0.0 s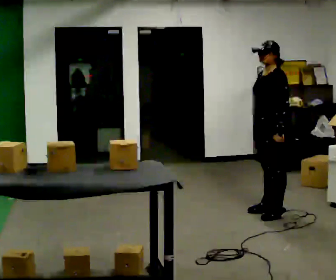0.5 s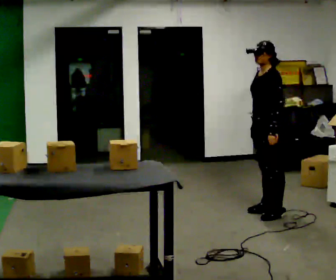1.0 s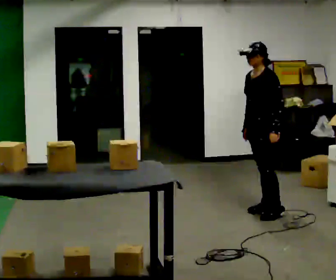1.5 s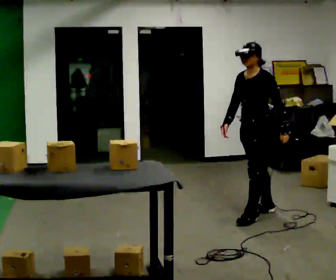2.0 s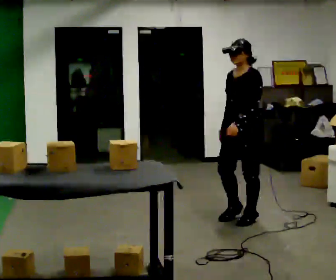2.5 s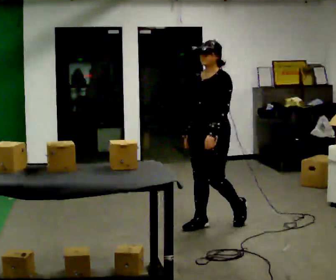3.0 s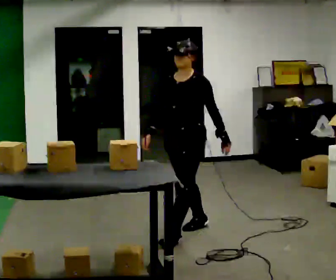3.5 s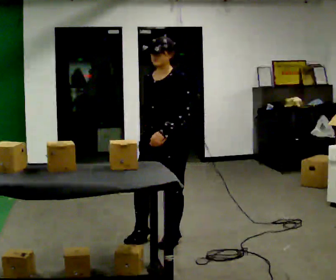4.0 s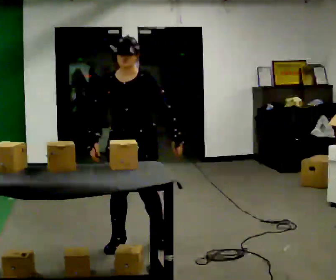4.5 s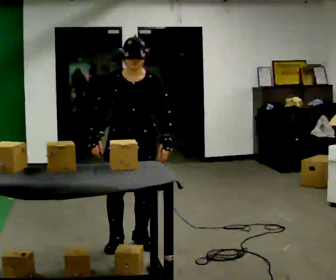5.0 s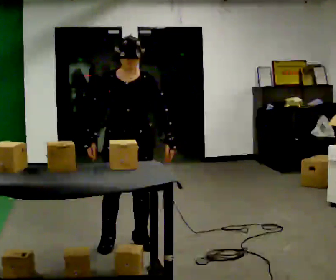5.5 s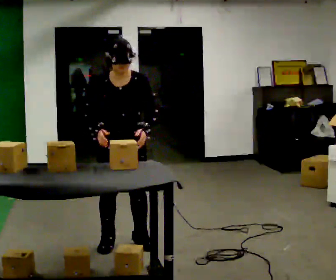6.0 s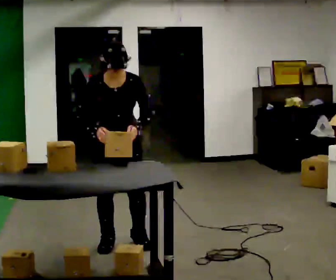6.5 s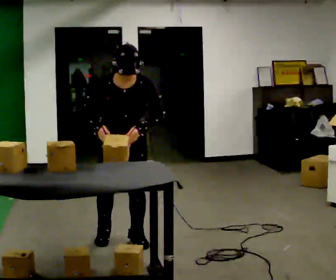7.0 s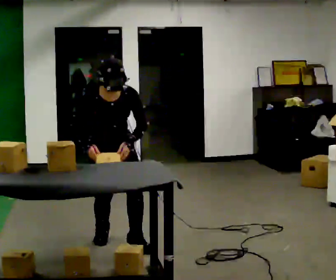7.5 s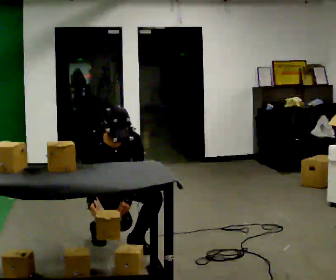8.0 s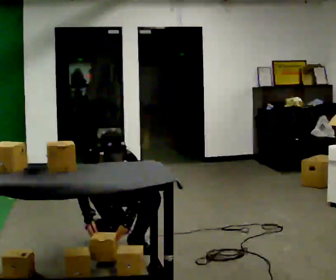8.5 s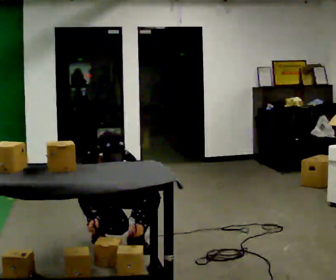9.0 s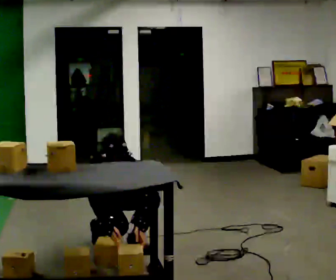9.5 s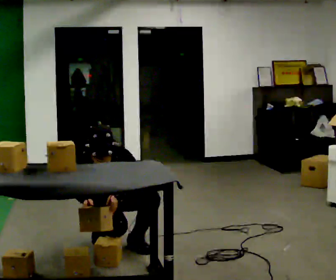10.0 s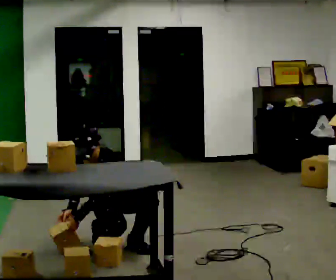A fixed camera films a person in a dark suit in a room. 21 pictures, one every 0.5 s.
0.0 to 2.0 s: In the picture they go to the left and toward the camera, about 0.25 m in 1 step, which for them is forward.
2.0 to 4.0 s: The part of the body nearest the lens slides to the right as the person turns to their left by about 45 degrees. In the picture they go to the left and toward the camera, about 1 m in 3 steps, which for them is forward.
4.0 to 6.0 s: The person turns about 30 degrees to their left, counterclockwise seen from above, so the part of the body nearest the lens slides to the right.
6.0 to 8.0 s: The shoulders move downward. The upper body tips toward the camera, its near side rolling downward, as they bend forward. In the picture their right hand goes downward.
8.0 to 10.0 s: In the picture the upper body tilts counterclockwise, shoulders to the left. In the picture their left hand goes to the left.
The film runs forward here.
